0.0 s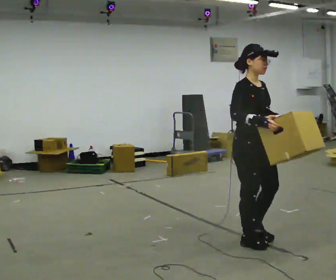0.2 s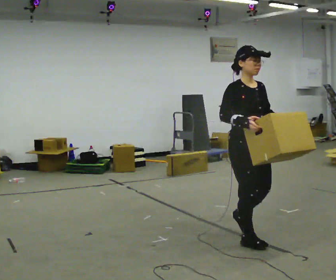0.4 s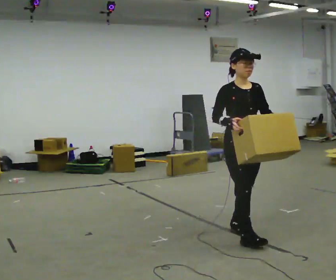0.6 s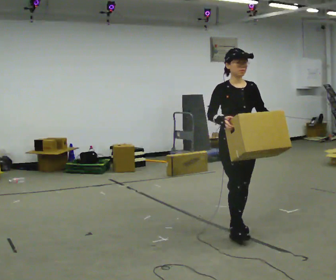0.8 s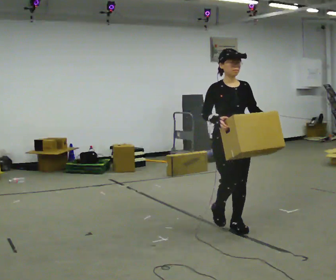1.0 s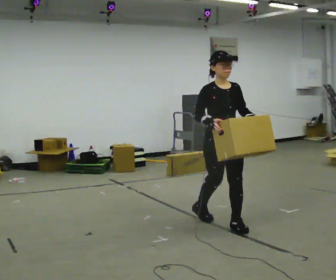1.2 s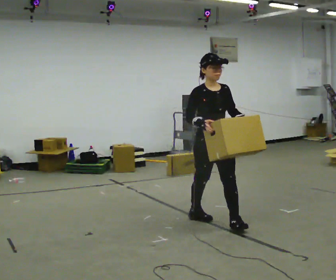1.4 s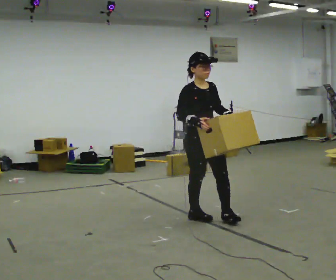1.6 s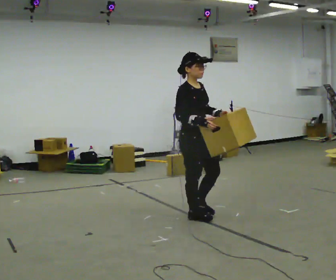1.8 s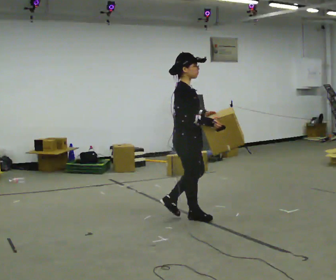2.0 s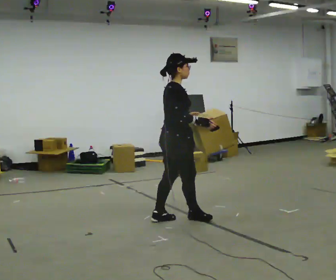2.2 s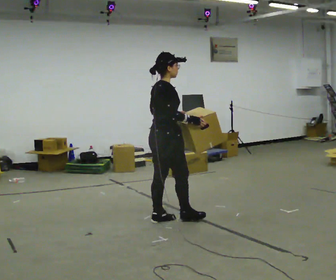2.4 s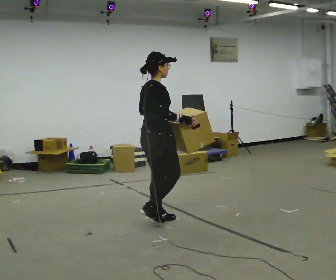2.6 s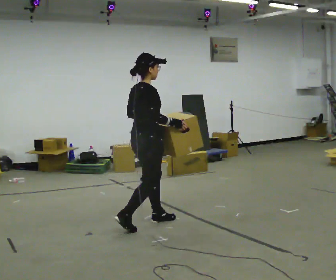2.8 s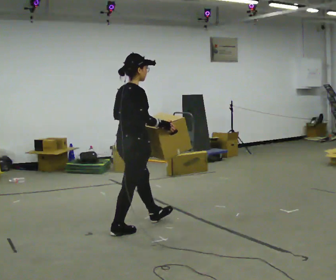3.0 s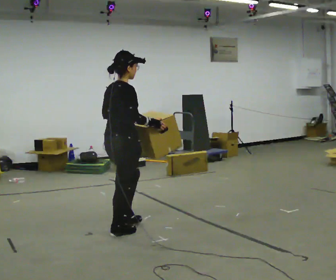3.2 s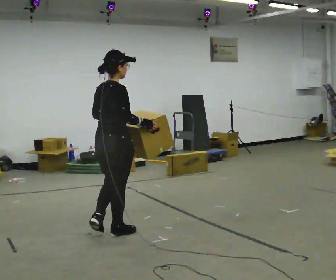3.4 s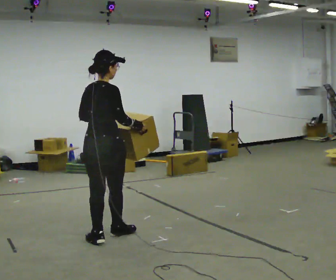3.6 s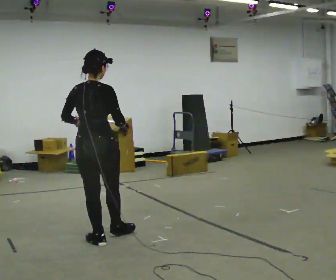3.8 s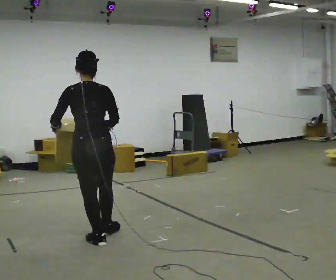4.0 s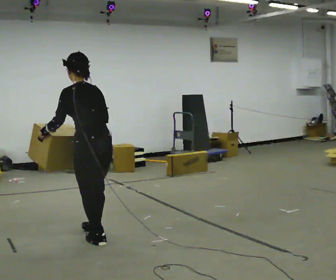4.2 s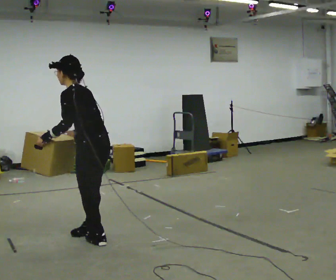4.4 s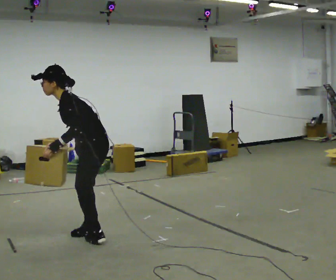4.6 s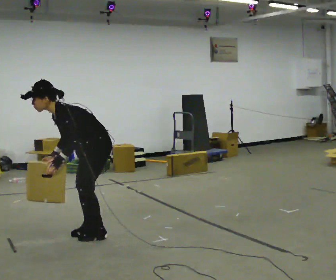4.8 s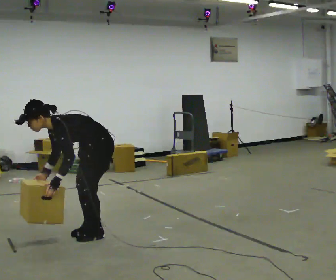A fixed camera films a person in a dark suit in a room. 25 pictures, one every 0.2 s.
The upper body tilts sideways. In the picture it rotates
counterclockwise.
The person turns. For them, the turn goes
to their left.
0.0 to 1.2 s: In the picture they go away from the camera and to the left, about 0.75 m in 2 steps, which for them is backward.
1.2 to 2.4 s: Seen from above the body turns counterclockwise, about 90 degrees: to their left, with its near side sliding to the right. In the picture they go to the left, about 0.5 m in 1 step.
2.4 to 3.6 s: Seen from above the body turns counterclockwise, about 45 degrees: to their left, with its near side sliding to the right. In the picture they go toward the camera and to the left, about 0.5 m in 1 step, which for them is backward.
3.6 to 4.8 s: The part of the body nearest the lens slides to the right as the person turns to their left by about 135 degrees. In the picture they go away from the camera, about 0.25 m in 2 steps. The upper body goes downward. In the picture the upper body tilts counterclockwise, shoulders to the left, as they bend forward. In the picture their left hand goes downward, the arm swinging counterclockwise.
The film runs backward here.
